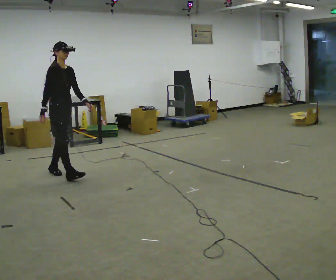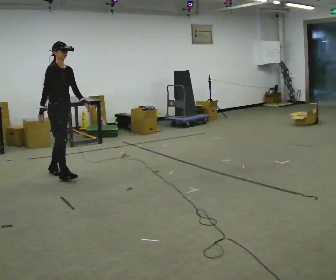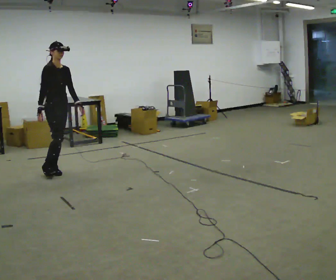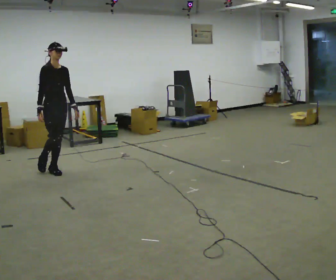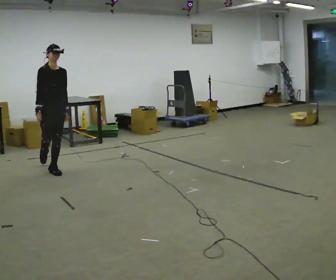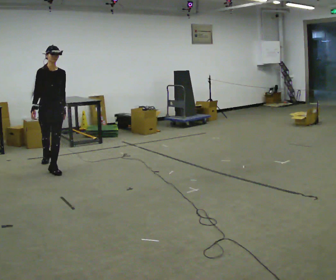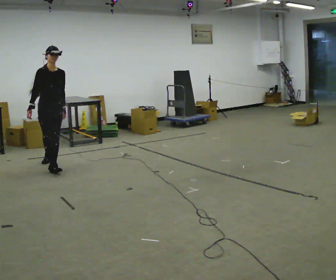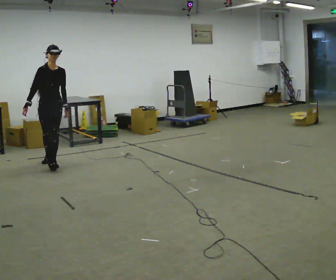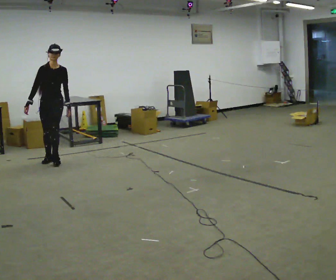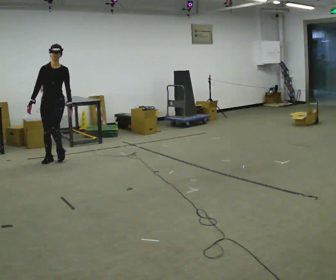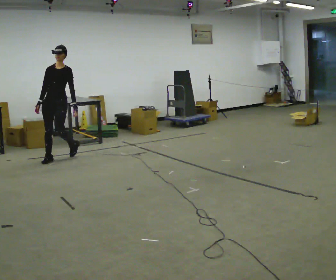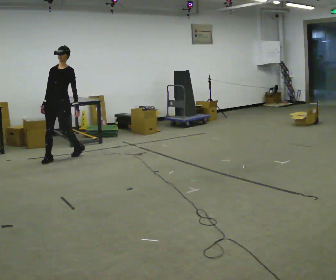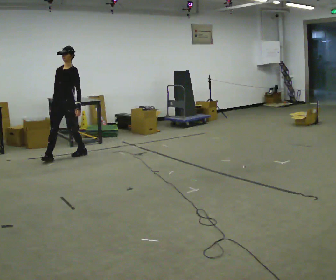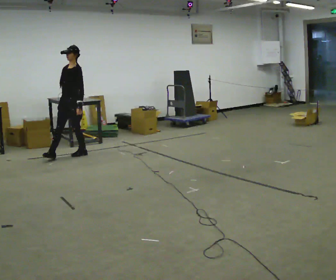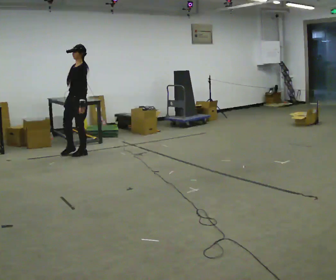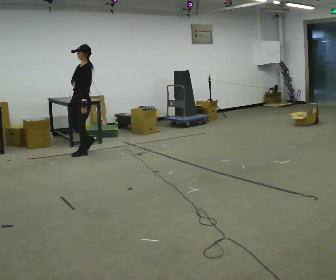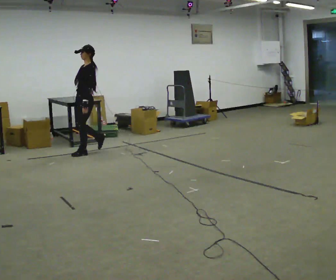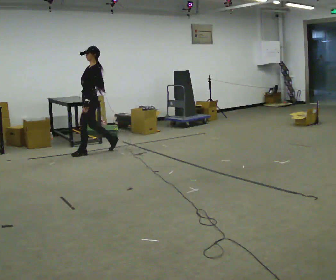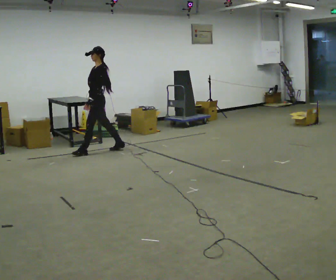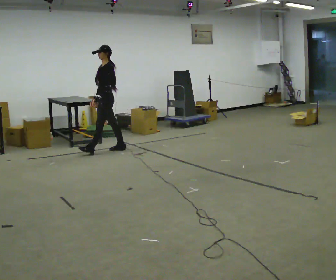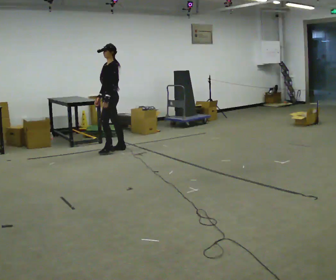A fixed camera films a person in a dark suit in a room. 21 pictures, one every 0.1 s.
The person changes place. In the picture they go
away from the camera.
The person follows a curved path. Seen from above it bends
clockwise.
0.0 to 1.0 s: The person turns about 60 degrees to their right, clockwise seen from above, so the part of the body nearest the lens slides to the left. In the picture they go away from the camera, about 1 m in 1 step.
1.0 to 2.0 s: Seen from above the body turns clockwise, about 75 degrees: to their right, with its near side sliding to the left. In the picture they go to the right and away from the camera, about 1 m in 2 steps.
The film runs backward here.
